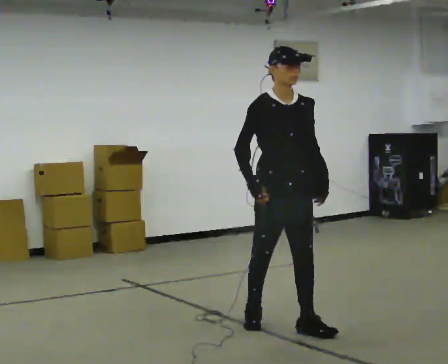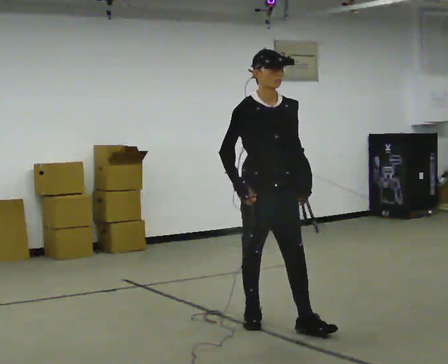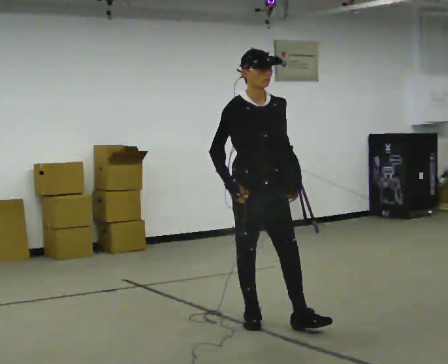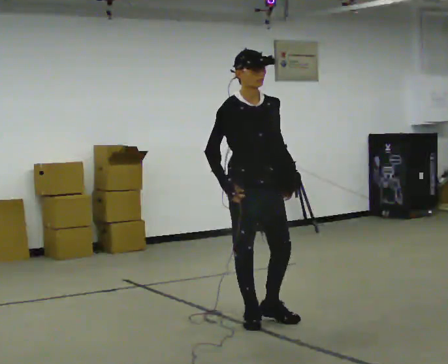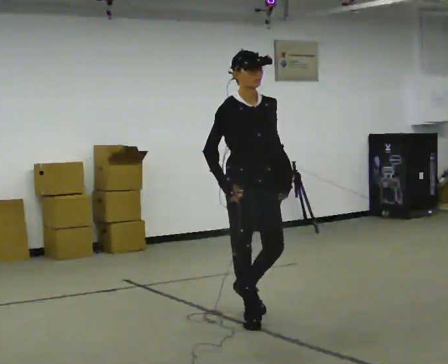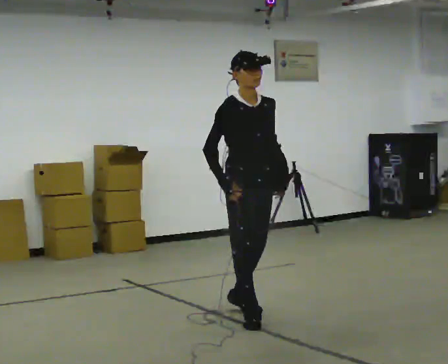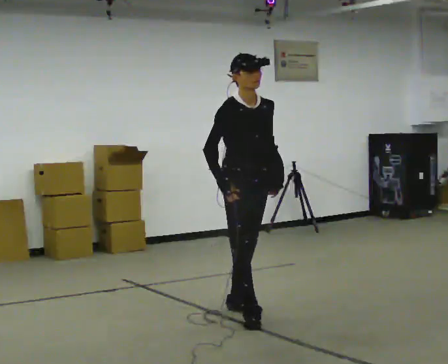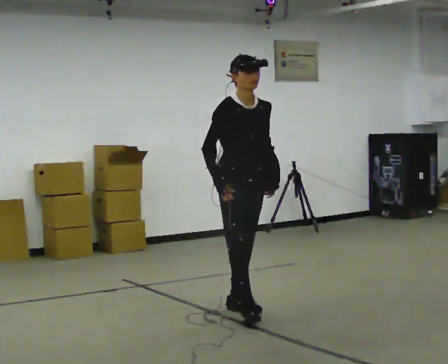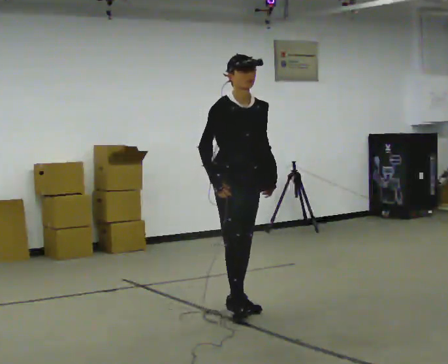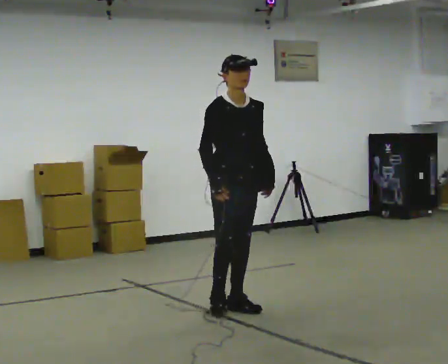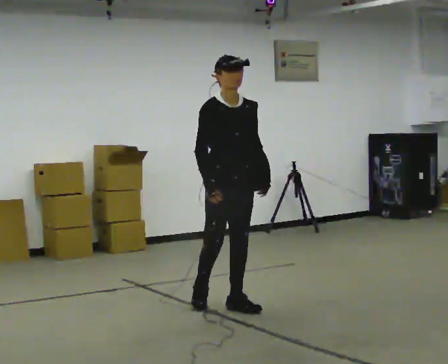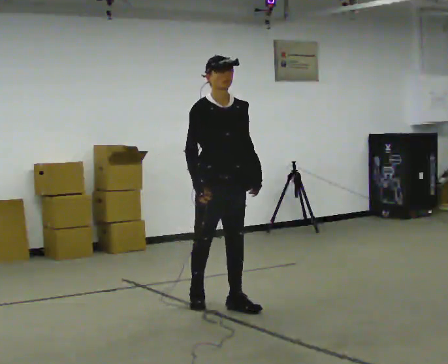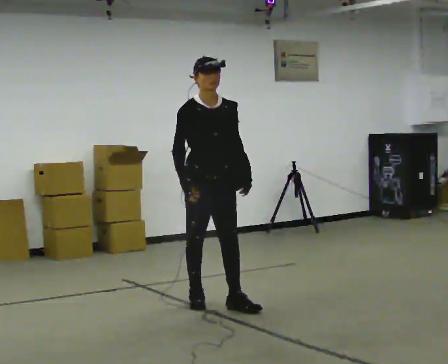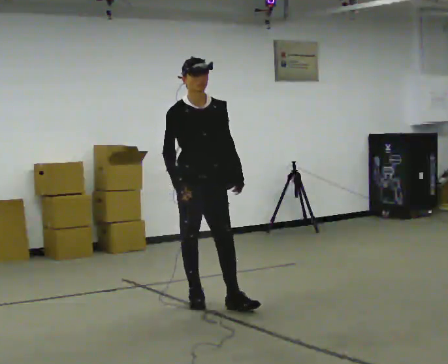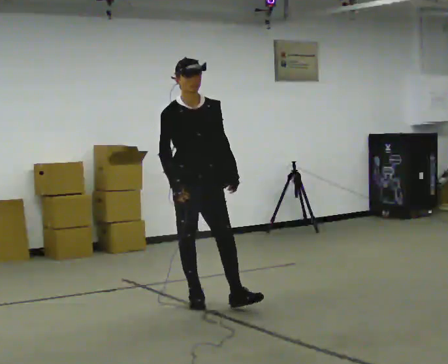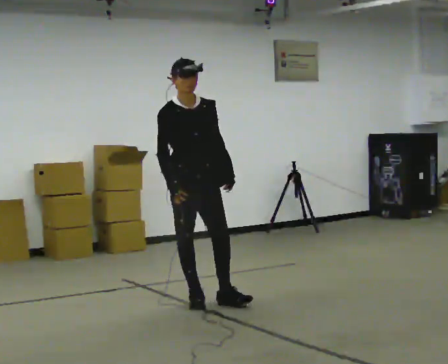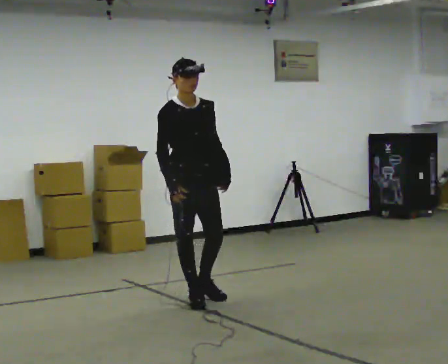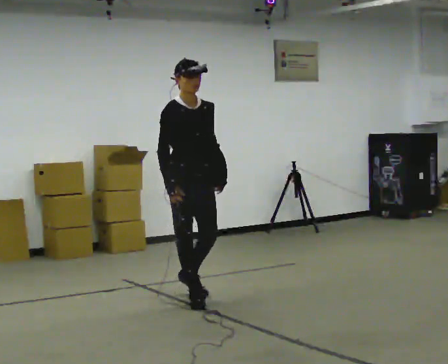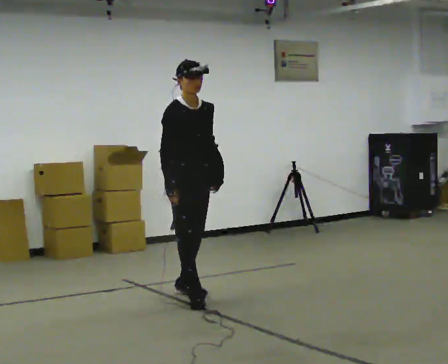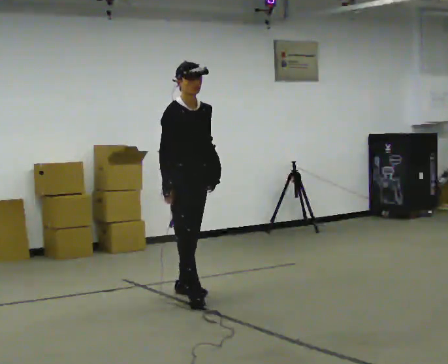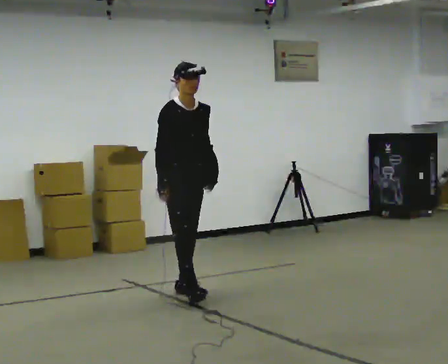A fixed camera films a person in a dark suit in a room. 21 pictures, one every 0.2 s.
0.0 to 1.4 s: In the picture they go away from the camera and to the left, about 0.5 m in 1 step, which for them is backward.
1.4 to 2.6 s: In the picture they go to the left and away from the camera, about 0.25 m in 1 step, which for them is backward.
2.6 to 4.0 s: In the picture they go away from the camera and to the left, about 0.5 m in 2 steps, which for them is backward.
The film runs backward here.
